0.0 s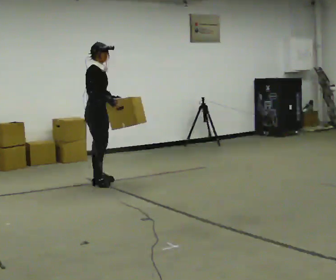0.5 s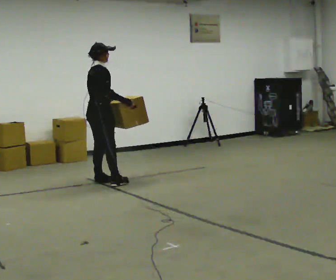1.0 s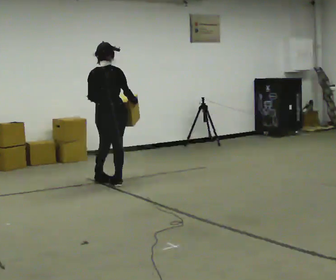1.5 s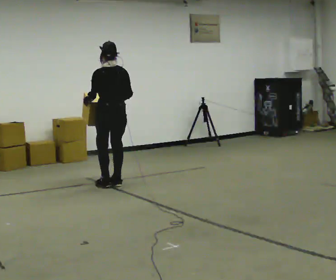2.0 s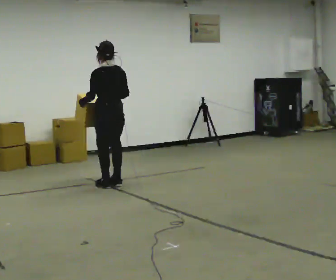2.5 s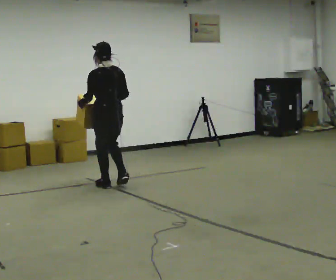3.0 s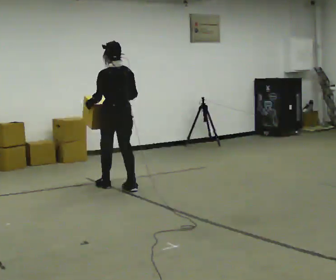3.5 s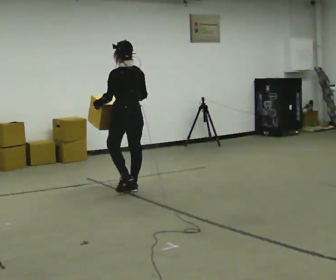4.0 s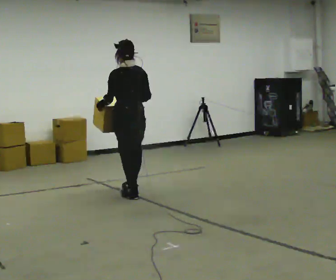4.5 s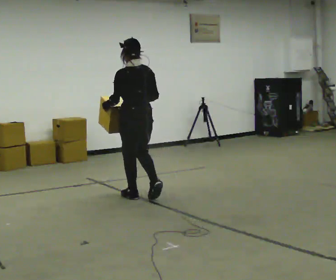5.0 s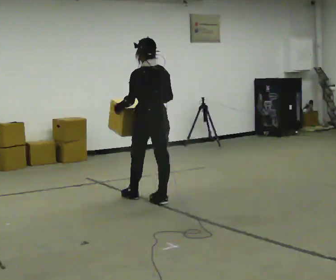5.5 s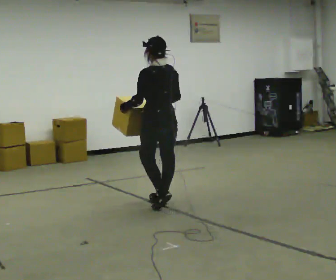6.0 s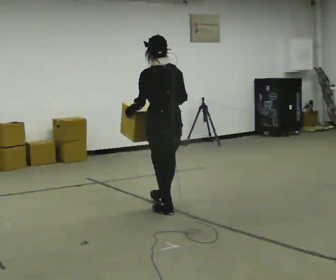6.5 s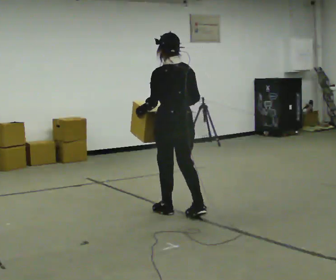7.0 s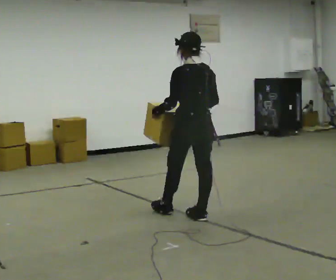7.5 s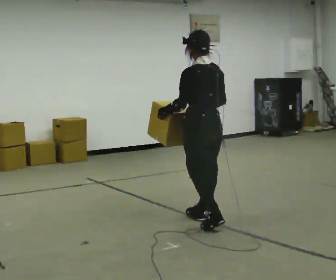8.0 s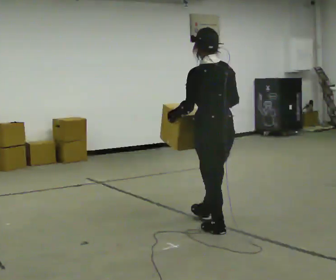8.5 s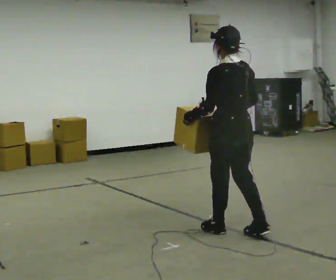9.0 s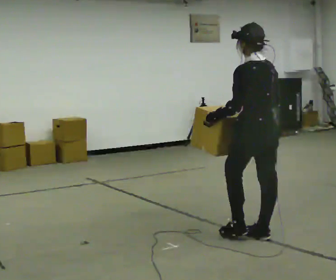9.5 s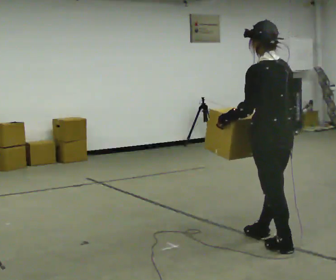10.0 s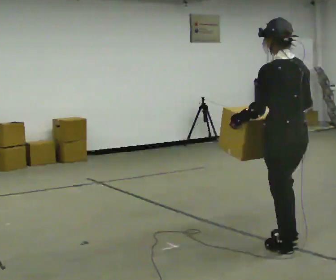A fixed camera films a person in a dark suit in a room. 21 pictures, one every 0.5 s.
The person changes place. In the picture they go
toward the camera.
0.0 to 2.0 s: Seen from above the body turns counterclockwise, about 135 degrees: to their left, with its near side sliding to the right. In the picture they go to the right, about 0.25 m in 2 steps.
2.0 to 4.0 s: In the picture they go toward the camera and to the right, about 0.5 m in 2 steps, which for them is backward.
4.0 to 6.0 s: In the picture they go toward the camera and to the right, about 0.5 m in 2 steps, which for them is backward.
6.0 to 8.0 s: In the picture they go toward the camera and to the right, about 1 m in 3 steps, which for them is backward.
8.0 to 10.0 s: In the picture they go toward the camera and to the right, about 1 m in 2 steps, which for them is backward.
The film runs backward here.
